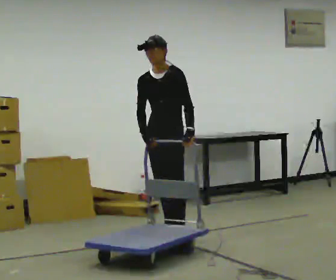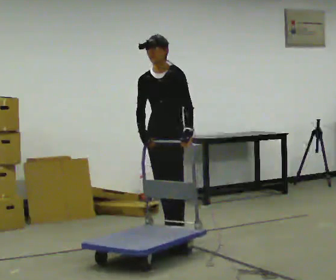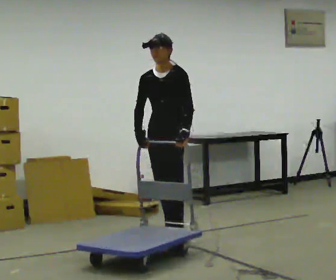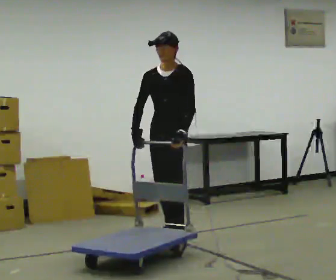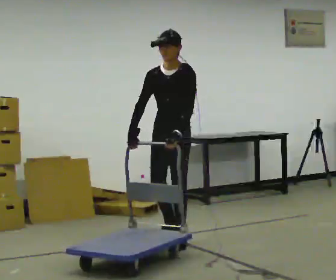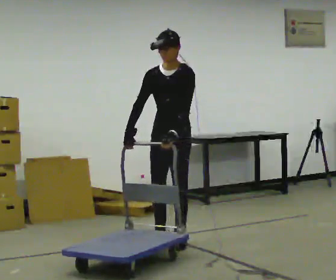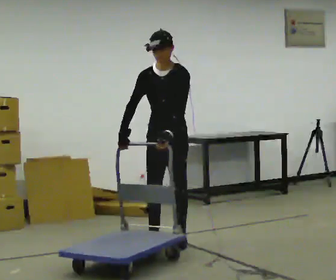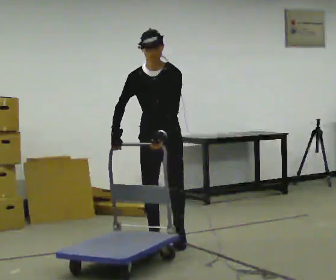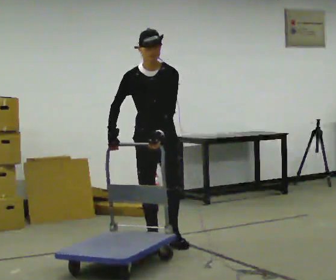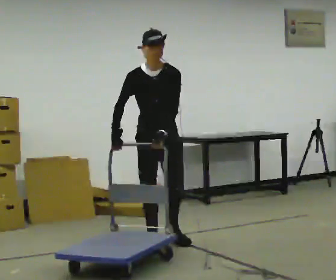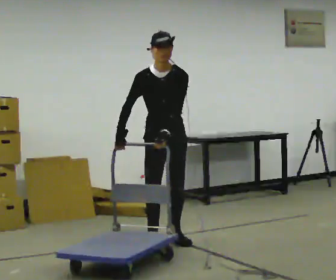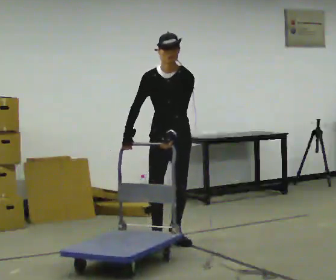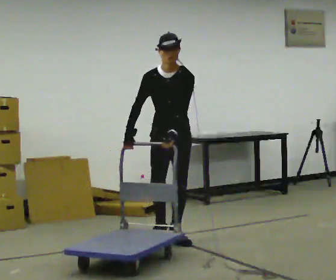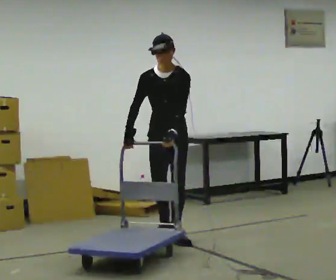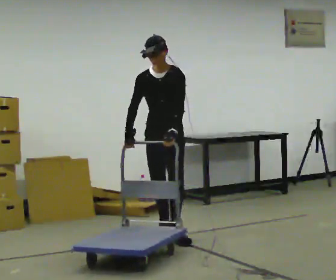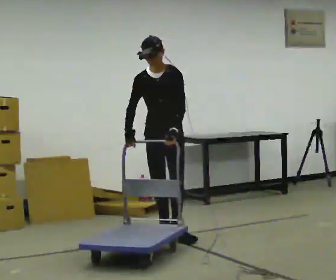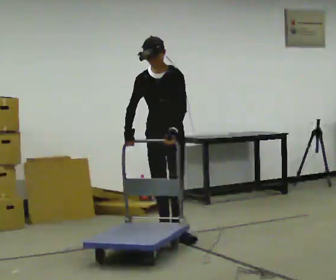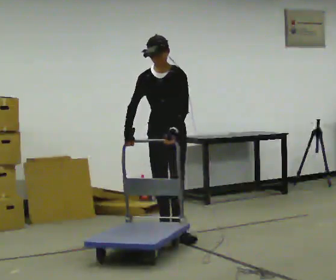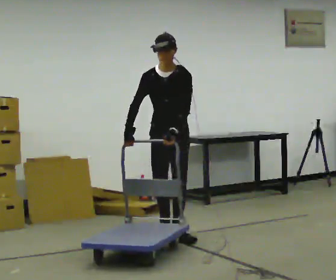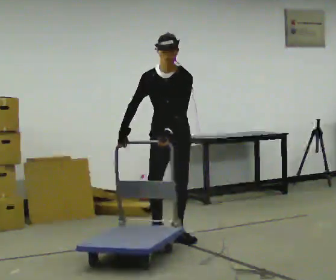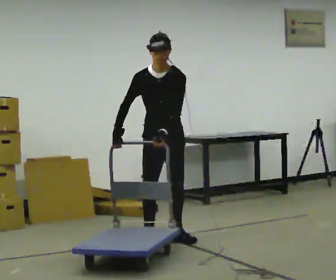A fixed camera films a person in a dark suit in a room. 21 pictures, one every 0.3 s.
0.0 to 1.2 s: In the picture they go toward the camera, about 0.25 m, which for them is forward and to their left.
1.2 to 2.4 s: The person turns about 30 degrees to their left, counterclockwise seen from above, so the part of the body nearest the lens slides to the right. In the picture they go to the left, about 0.25 m in 1 step, which for them is to their right and forward.
2.4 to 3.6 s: In the picture they go away from the camera, about 0.25 m, which for them is backward and to their left.
3.6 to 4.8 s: In the picture they go away from the camera, about 0.25 m in 1 step, which for them is backward.
4.8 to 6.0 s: In the picture they go toward the camera, about 0.25 m in 1 step, which for them is forward.
The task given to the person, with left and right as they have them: Push the cart across the room using only the hand the operator calls. Keep your other arm at your side.
The film runs forward here.
